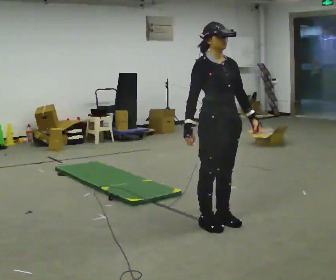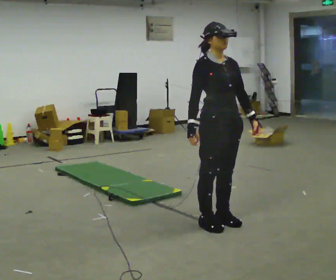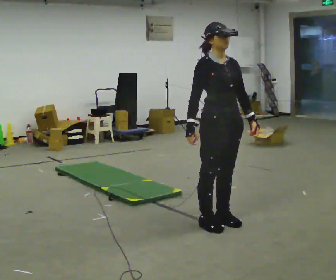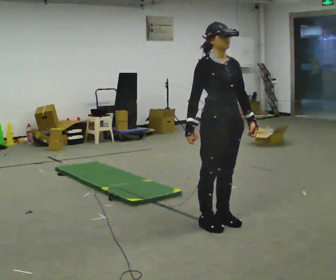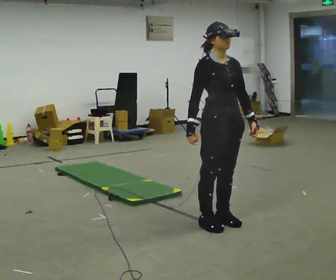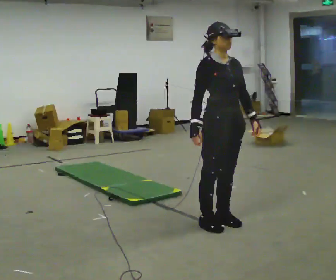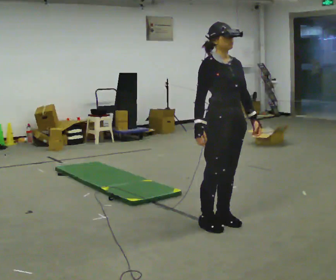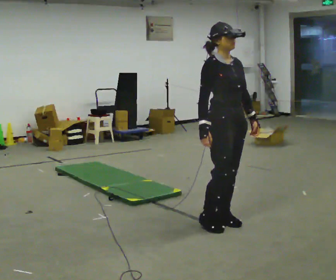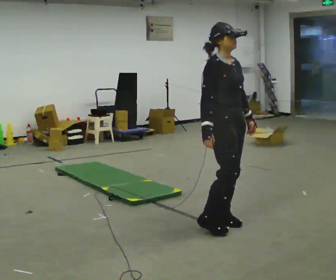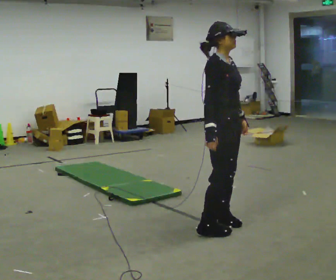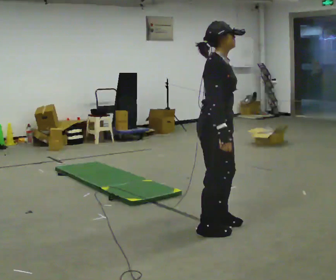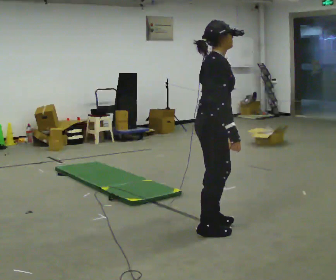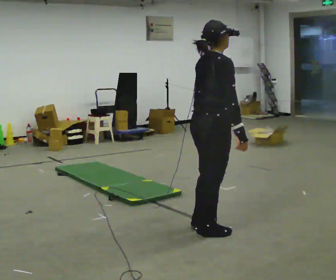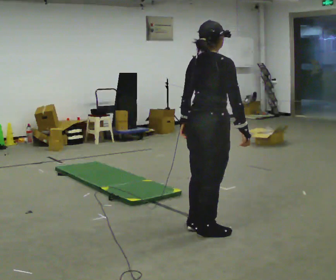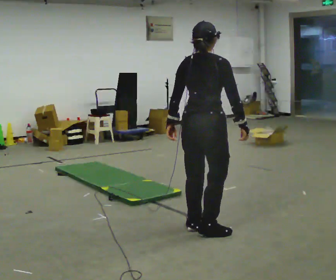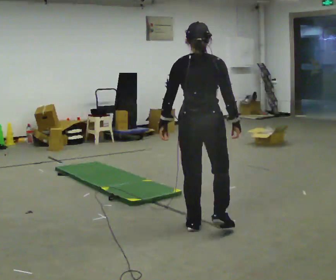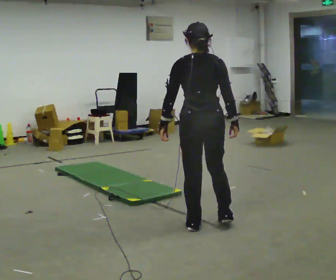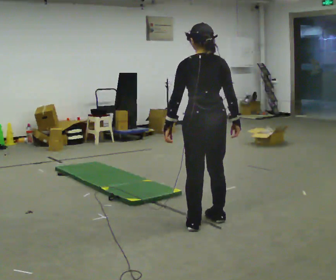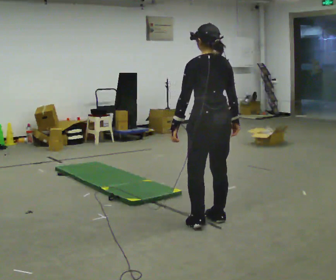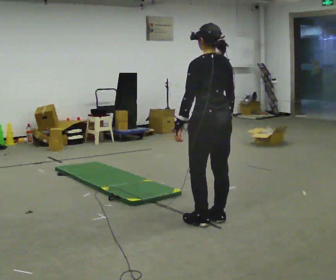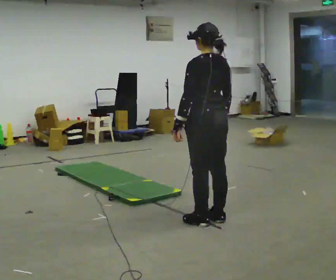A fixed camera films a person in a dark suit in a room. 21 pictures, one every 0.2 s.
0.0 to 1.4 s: The person moves a little, or ends about where they began.
1.4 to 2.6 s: The person turns about 90 degrees to their left, counterclockwise seen from above, so the part of the body nearest the lens slides to the right. In the picture they go toward the camera, about 0.25 m in 2 steps. In the picture their left hand goes to the left, the arm swinging clockwise.
2.6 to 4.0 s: The part of the body nearest the lens slides to the right as the person turns to their left by about 75 degrees. In the picture they go away from the camera, about 0.25 m in 1 step.
The film runs forward here.
